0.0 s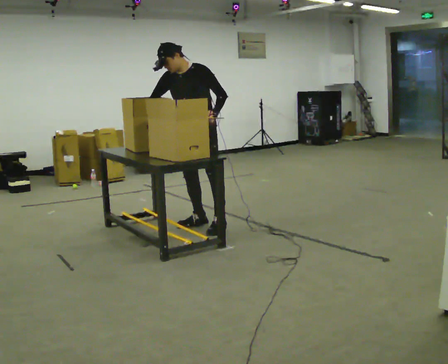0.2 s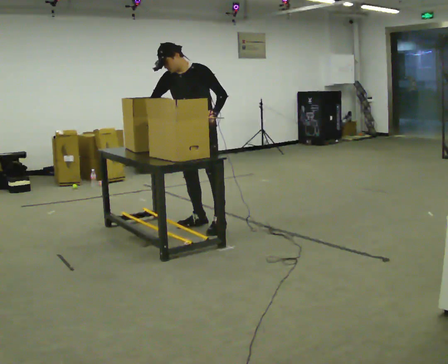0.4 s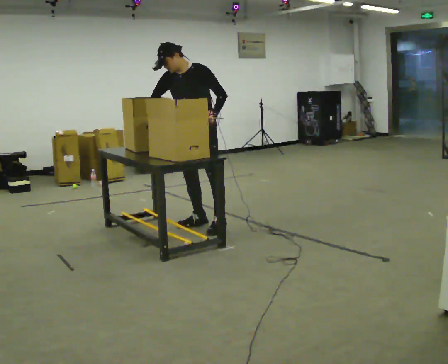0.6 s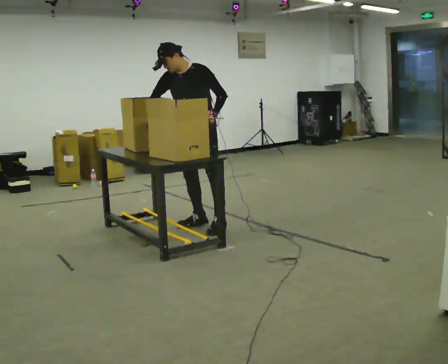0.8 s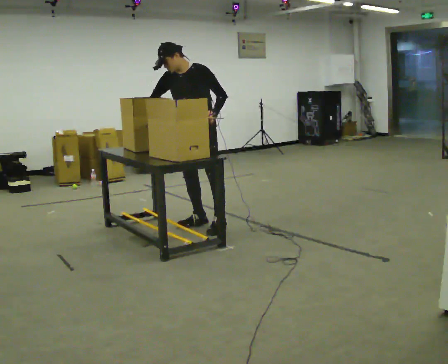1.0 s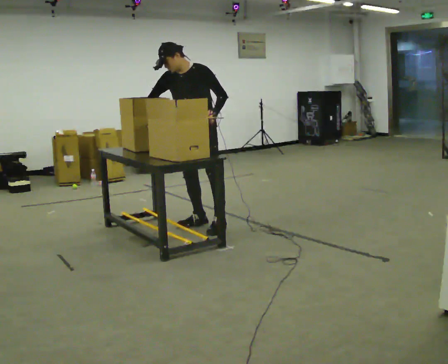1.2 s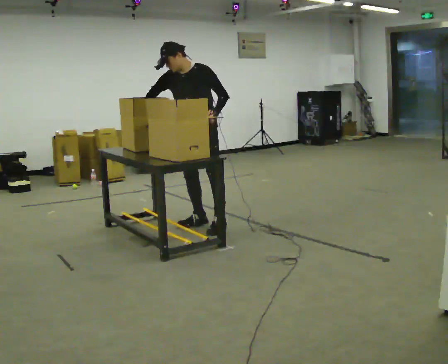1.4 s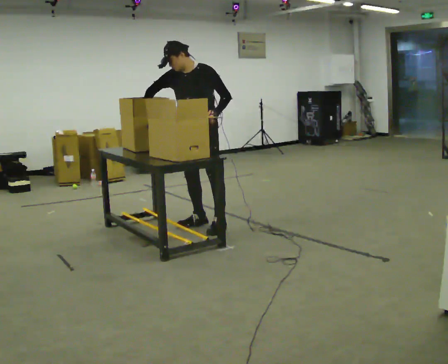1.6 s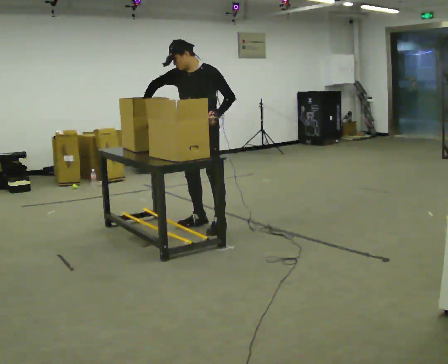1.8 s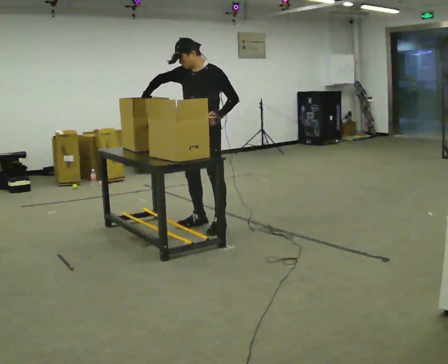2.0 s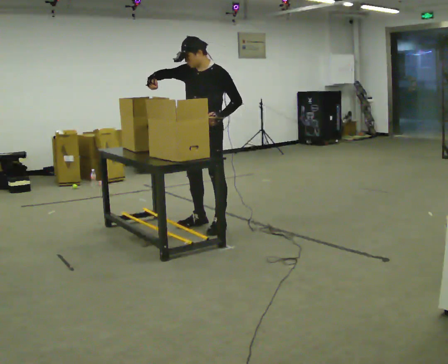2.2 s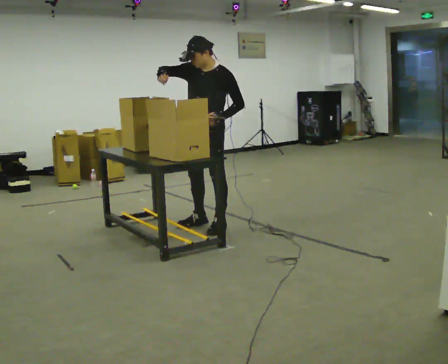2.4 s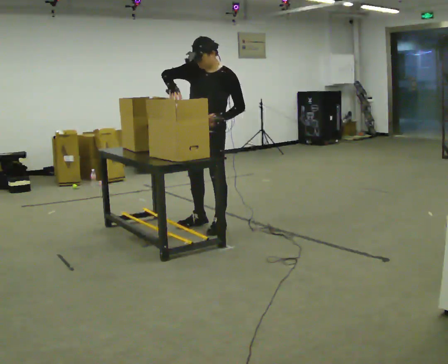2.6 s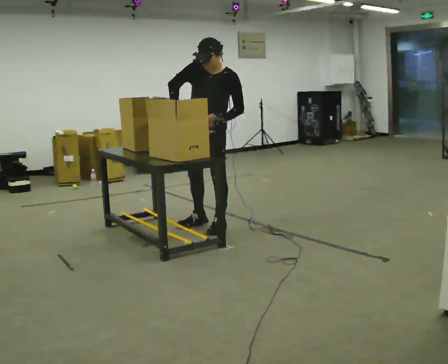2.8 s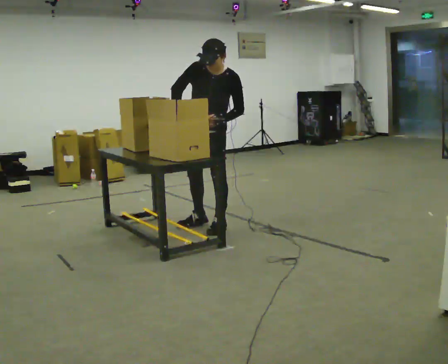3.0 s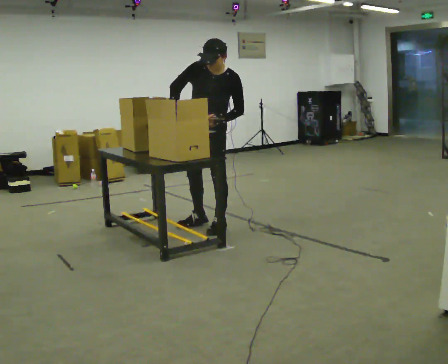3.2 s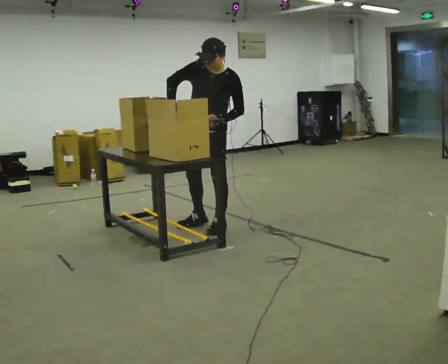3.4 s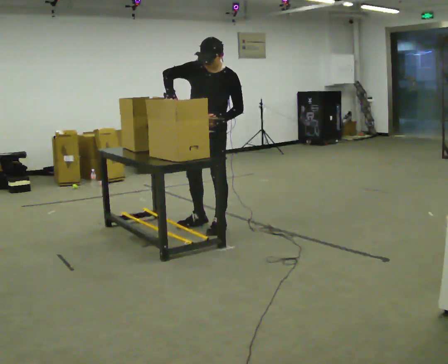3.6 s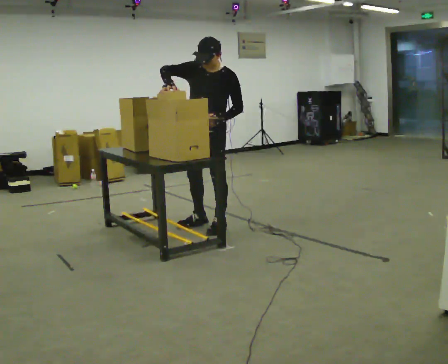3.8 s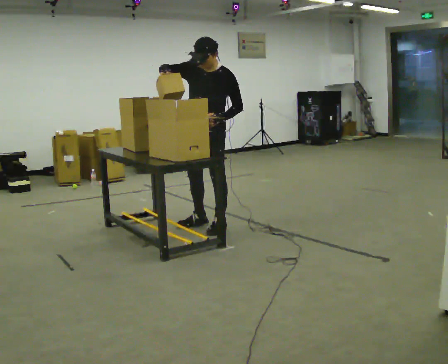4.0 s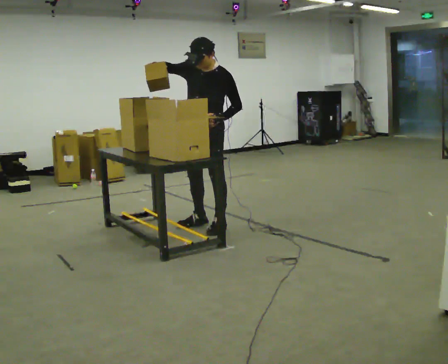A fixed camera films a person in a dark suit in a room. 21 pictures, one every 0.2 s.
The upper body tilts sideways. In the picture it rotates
clockwise.
0.0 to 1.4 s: The person moves a little, or ends about where they began.
1.4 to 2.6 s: In the picture the upper body tilts clockwise, shoulders to the right.
2.6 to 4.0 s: In the picture their right hand goes upward, the arm swinging clockwise.
The film runs backward here.
